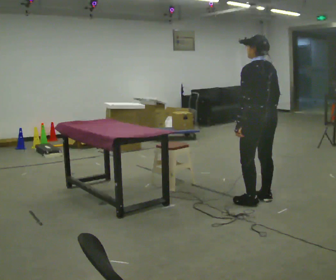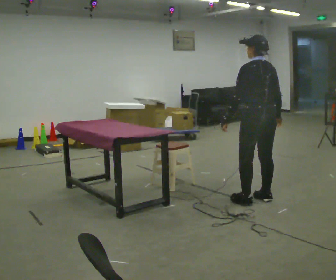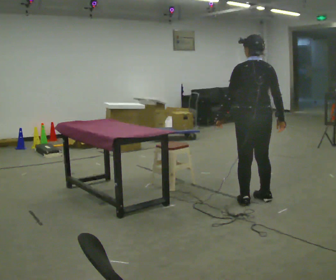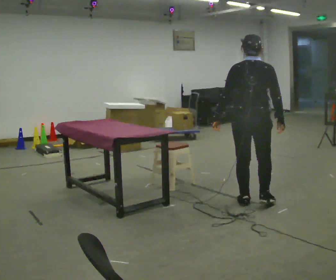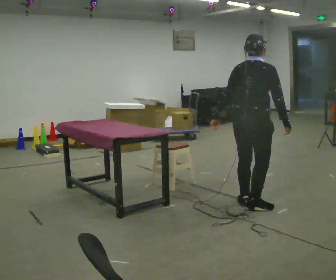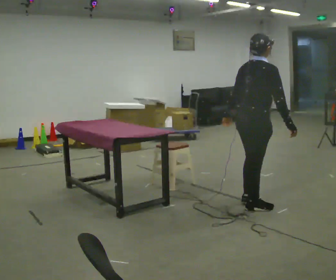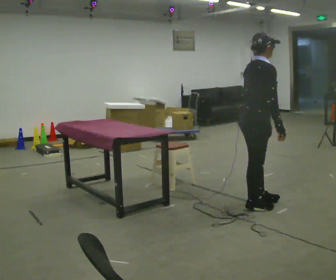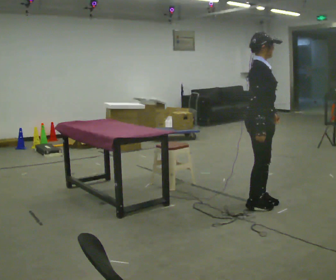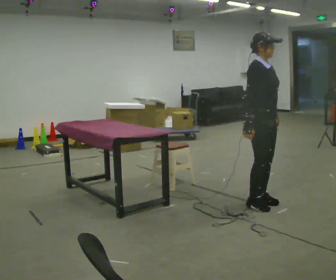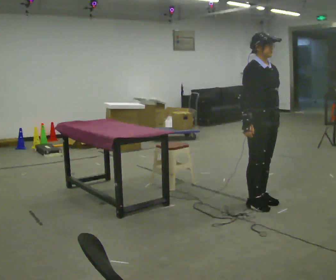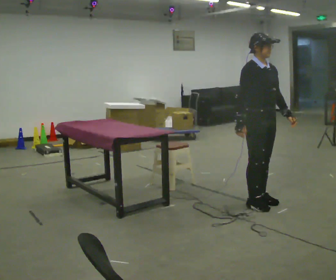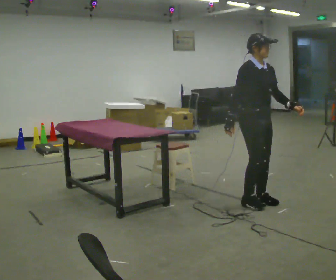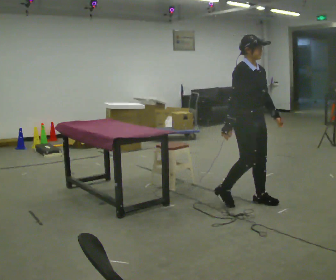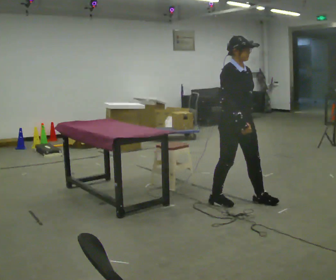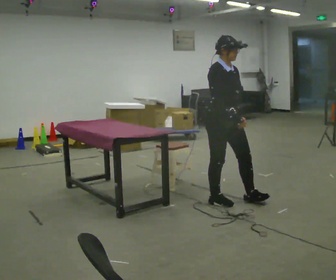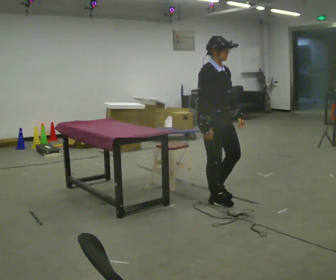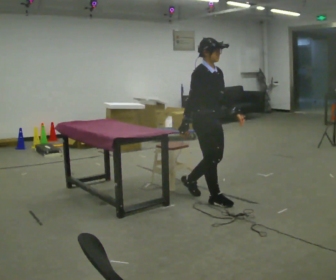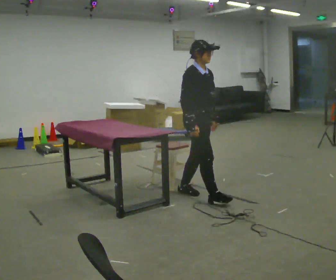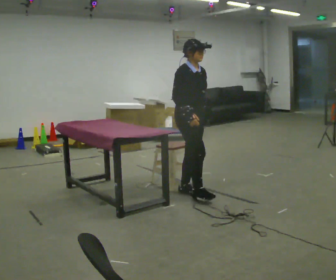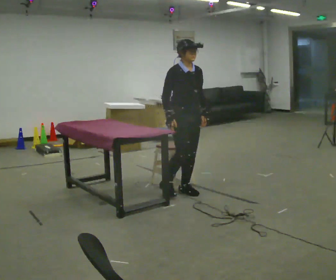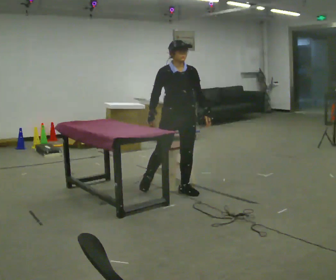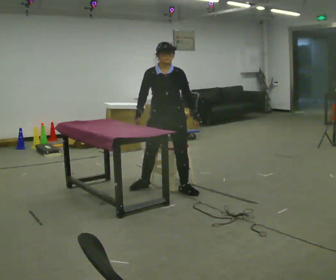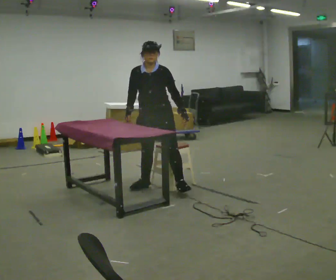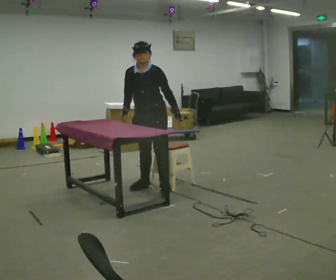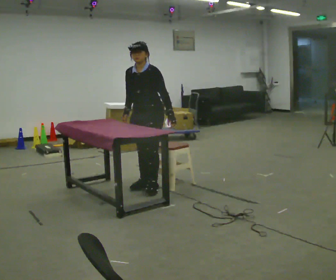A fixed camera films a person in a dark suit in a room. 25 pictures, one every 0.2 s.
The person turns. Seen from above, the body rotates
clockwise.
The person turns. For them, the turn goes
to their right.
0.0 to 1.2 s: The person turns about 120 degrees to their right, clockwise seen from above, so the part of the body nearest the lens slides to the left.
1.2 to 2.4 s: The person turns about 60 degrees to their right, clockwise seen from above, so the part of the body nearest the lens slides to the left. In the picture their left hand goes to the right, the arm swinging counterclockwise.
2.4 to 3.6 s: In the picture they go to the left and away from the camera, about 0.75 m in 2 steps, which for them is backward.
3.6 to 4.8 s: Seen from above the body turns clockwise, about 90 degrees: to their right, with its near side sliding to the left. In the picture they go to the left and away from the camera, about 0.5 m in 1 step.
The film runs backward here.
